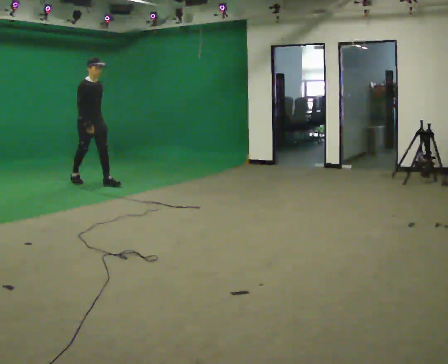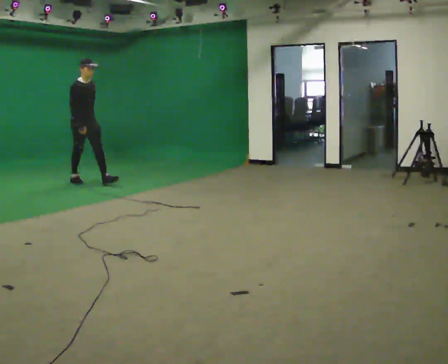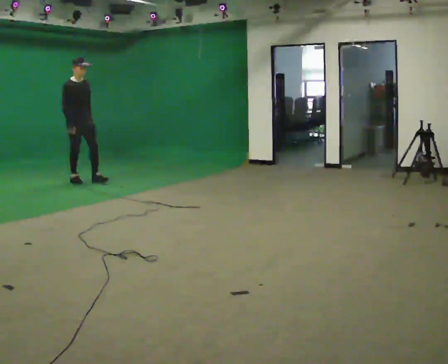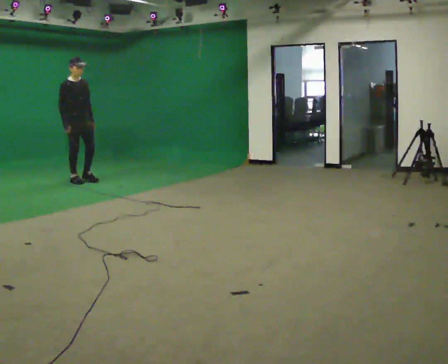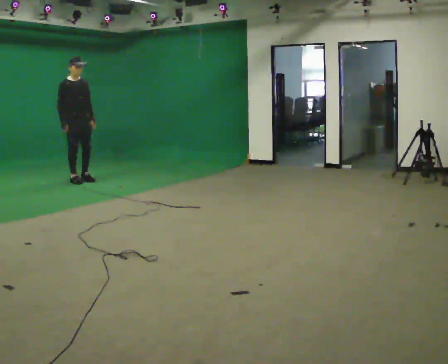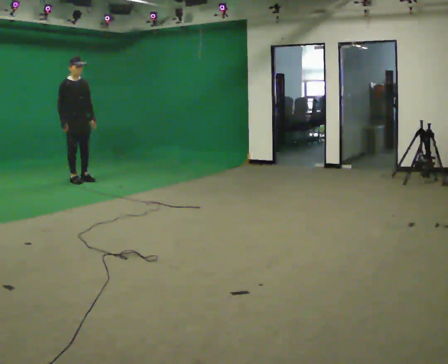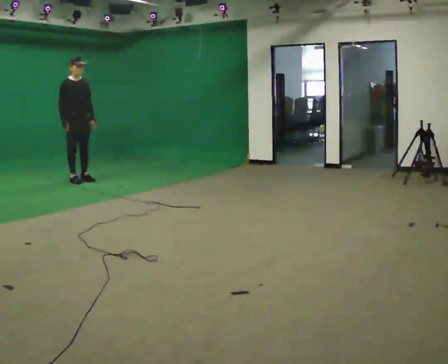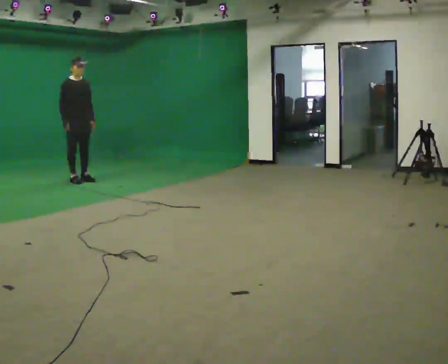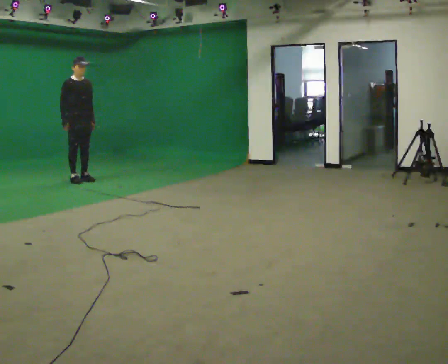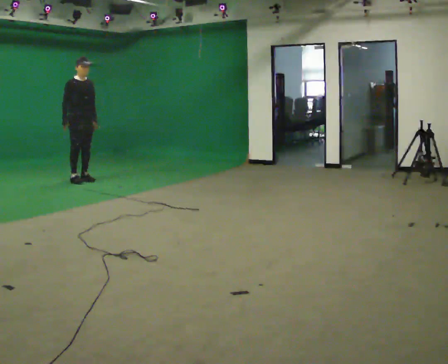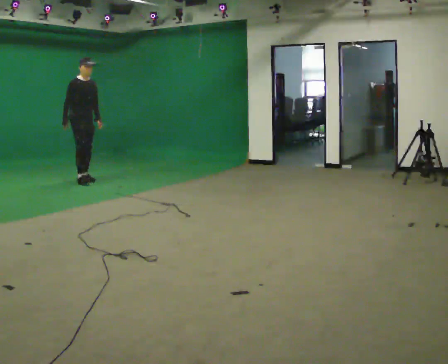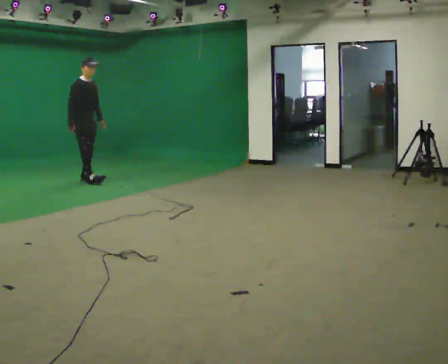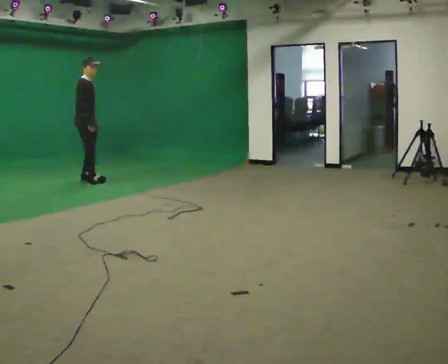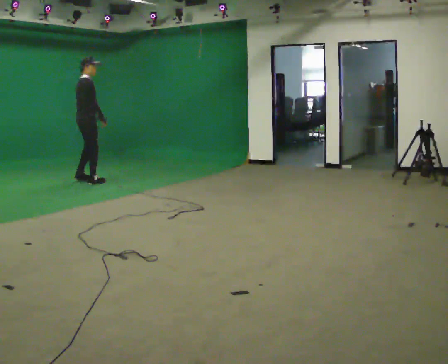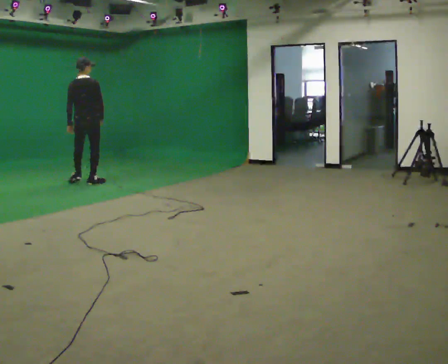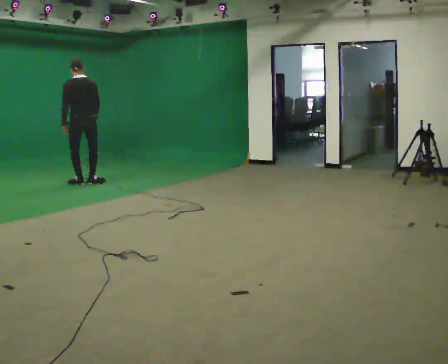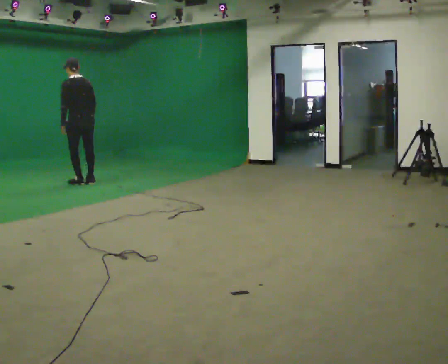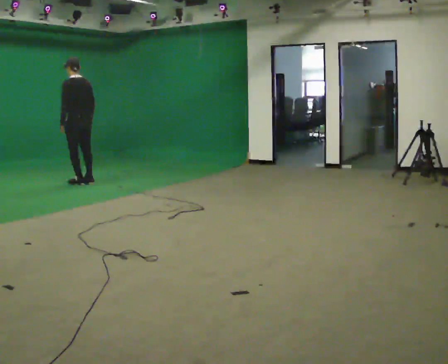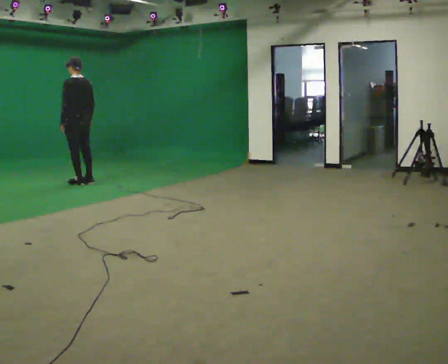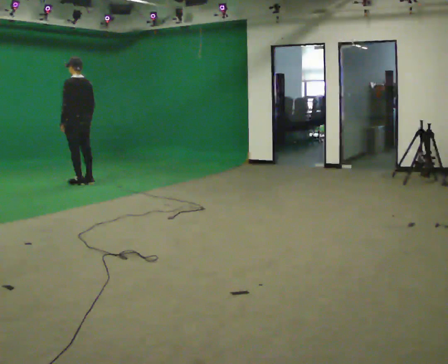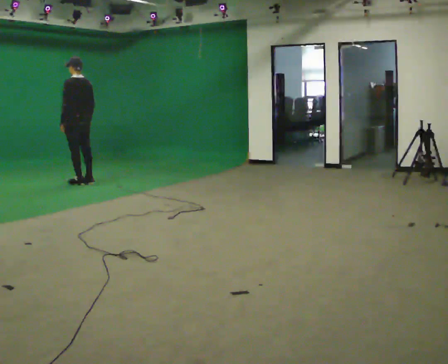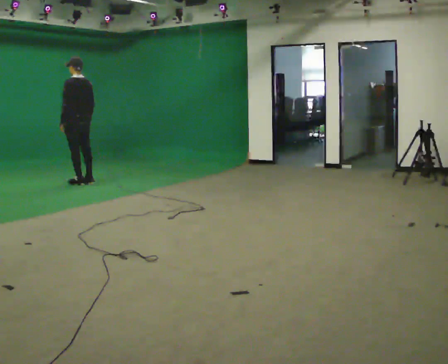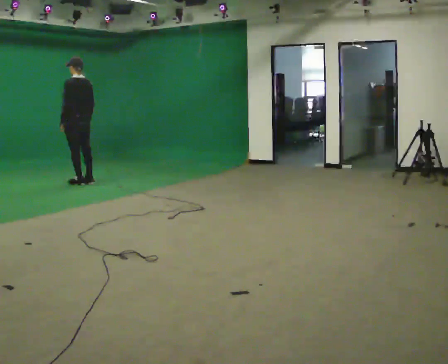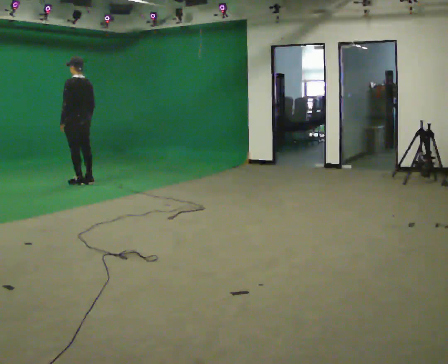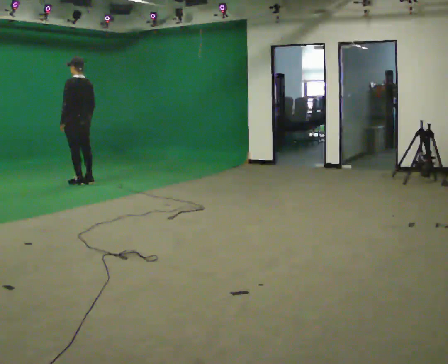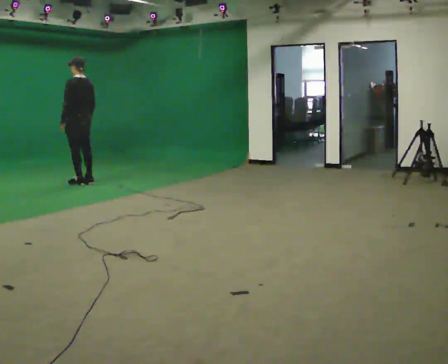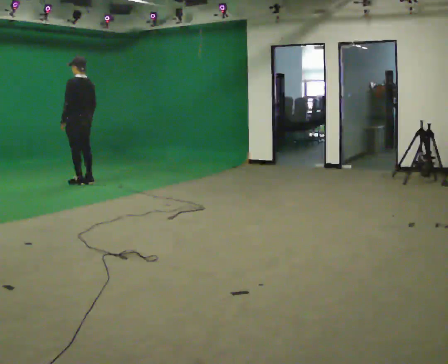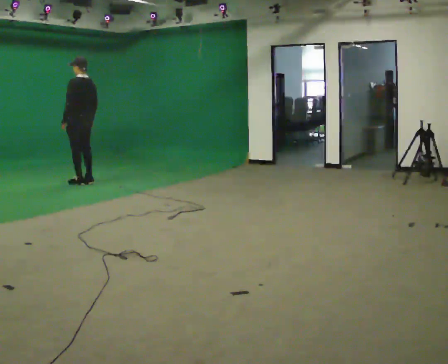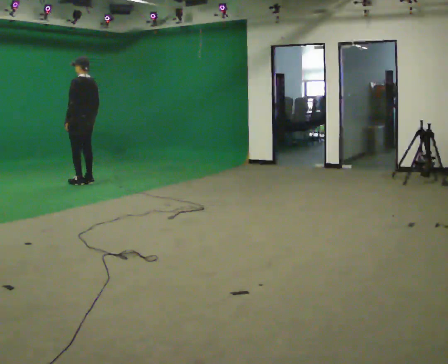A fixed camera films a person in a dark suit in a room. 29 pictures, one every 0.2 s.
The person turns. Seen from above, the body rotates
counterclockwise.
The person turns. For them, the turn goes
to their left.
0.0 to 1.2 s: In the picture they go away from the camera and to the left, about 0.25 m in 1 step, which for them is backward.
1.2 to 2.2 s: The person moves a little, or ends about where they began.
2.2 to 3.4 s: Seen from above the body turns counterclockwise, about 165 degrees: to their left, with its near side sliding to the right. In the picture they go toward the camera, about 0.25 m in 1 step. In the picture the upper body tilts counterclockwise, shoulders to the left. In the picture their right hand goes to the right.
3.4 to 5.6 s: The person moves a little, or ends about where they began.
The film runs backward here.
